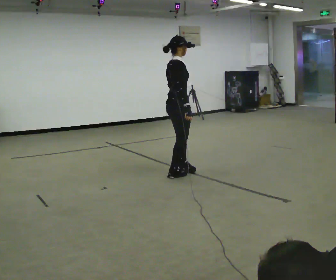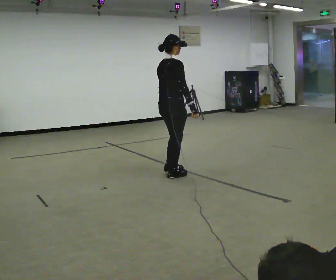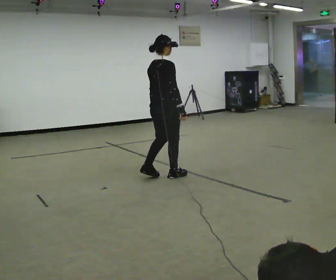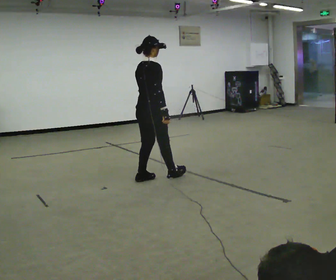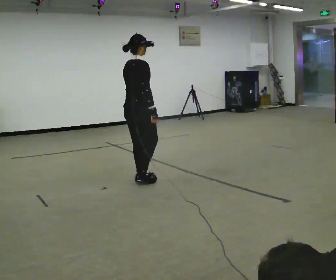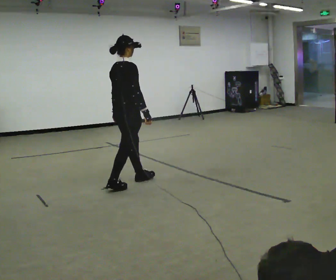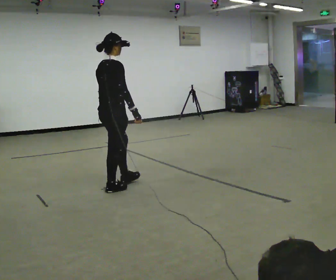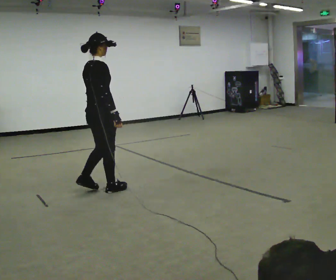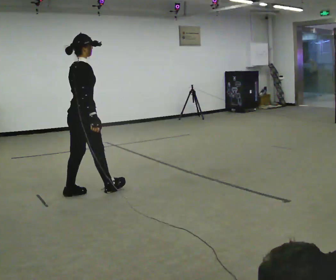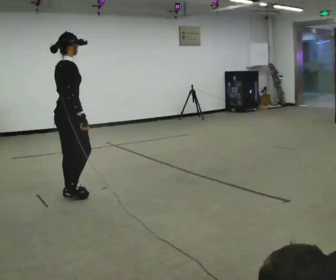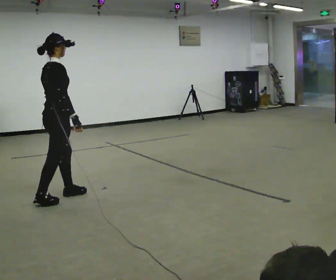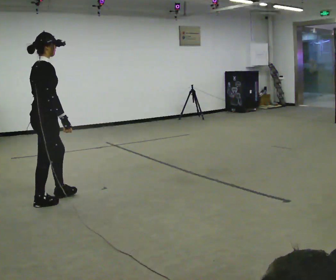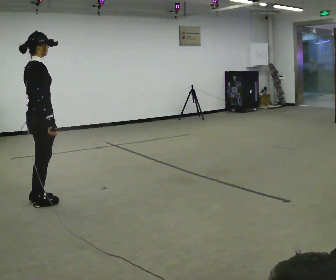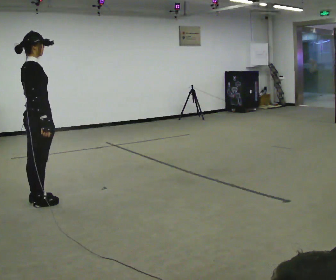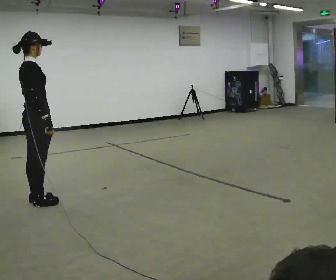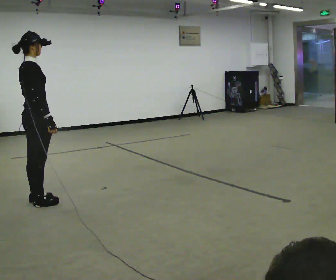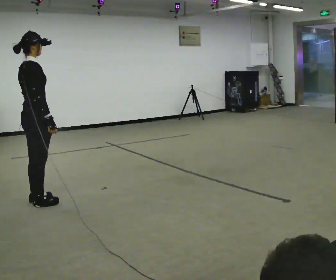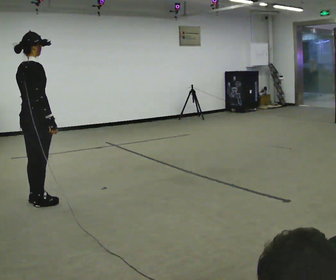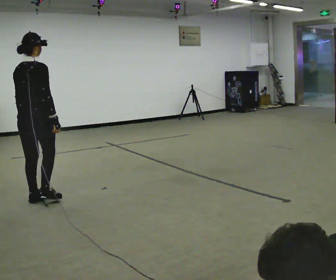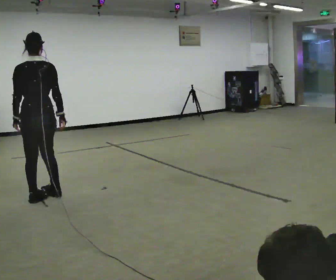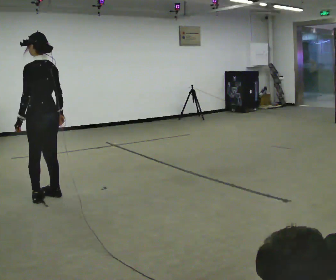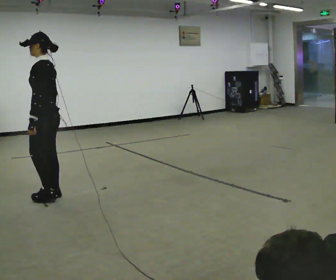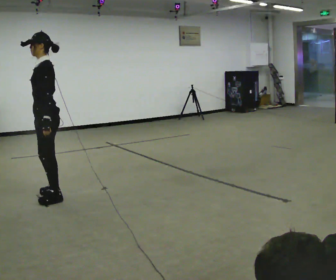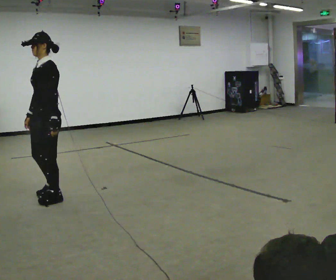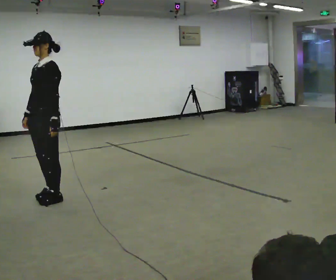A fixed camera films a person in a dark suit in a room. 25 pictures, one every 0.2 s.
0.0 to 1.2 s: In the picture they go to the left, about 1 m in 2 steps, which for them is backward.
1.2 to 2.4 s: In the picture they go to the left and toward the camera, about 1 m in 3 steps, which for them is backward.
2.4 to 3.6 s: The person turns about 45 degrees to their left, counterclockwise seen from above, so the part of the body nearest the lens slides to the right.
3.6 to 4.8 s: Seen from above the body turns counterclockwise, about 150 degrees: to their left, with its near side sliding to the right. In the picture their right hand goes to the left, the arm swinging clockwise.
The film runs forward here.
